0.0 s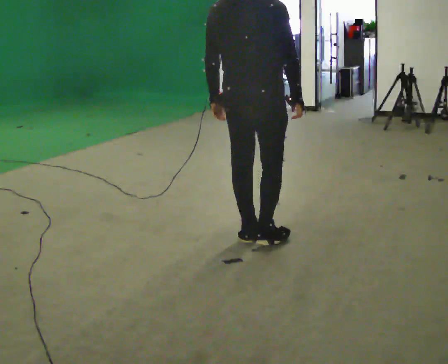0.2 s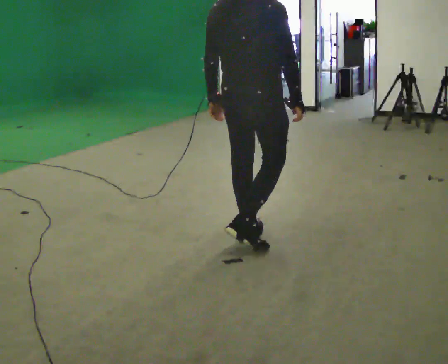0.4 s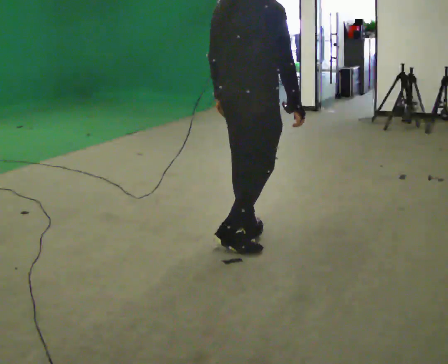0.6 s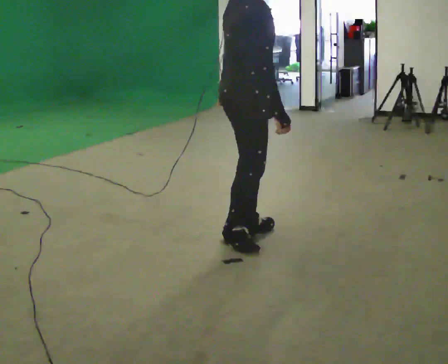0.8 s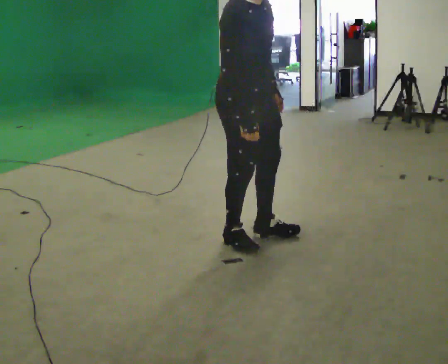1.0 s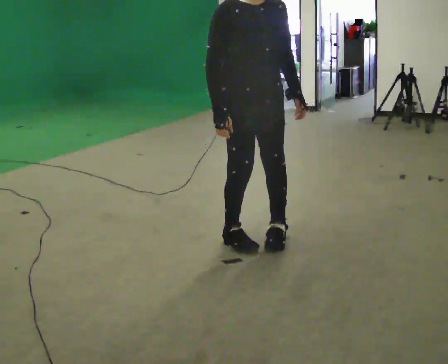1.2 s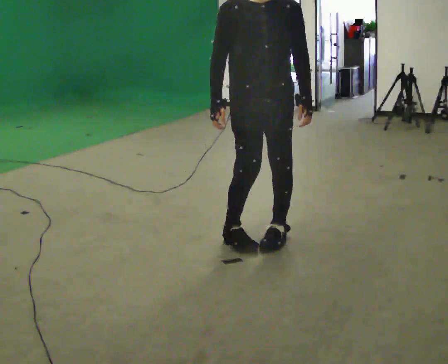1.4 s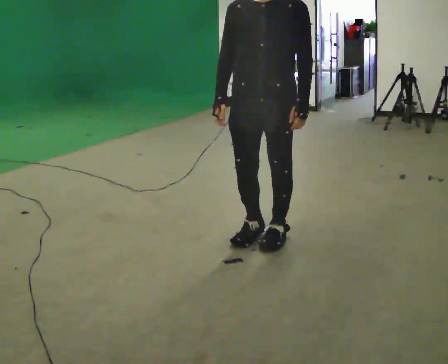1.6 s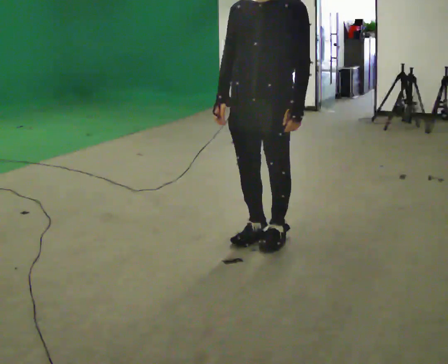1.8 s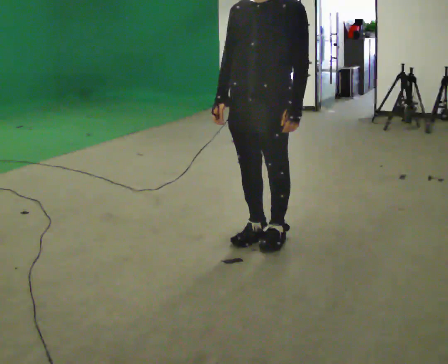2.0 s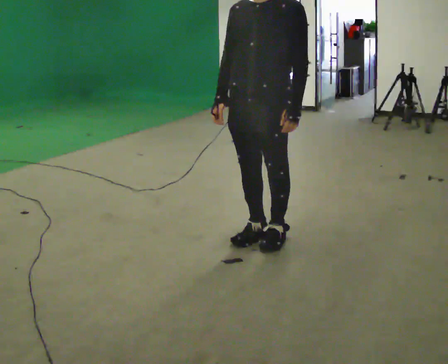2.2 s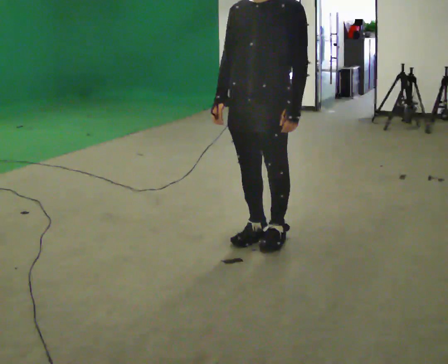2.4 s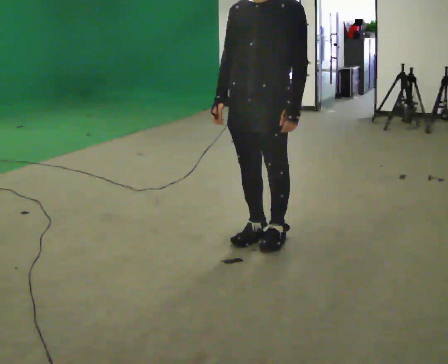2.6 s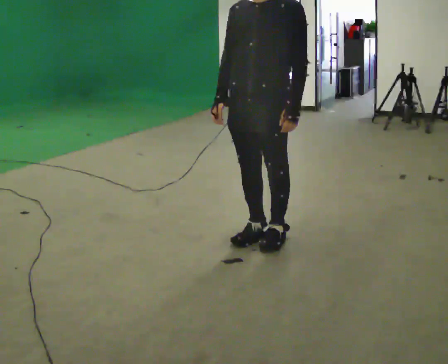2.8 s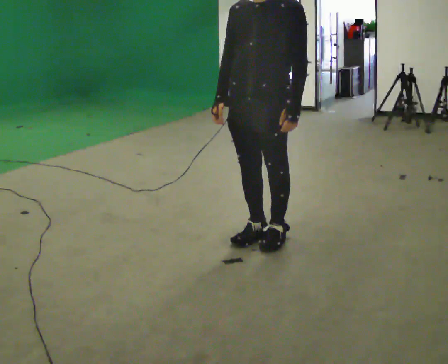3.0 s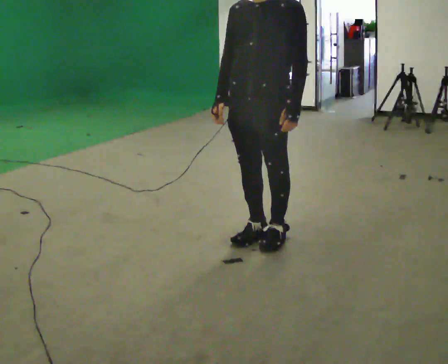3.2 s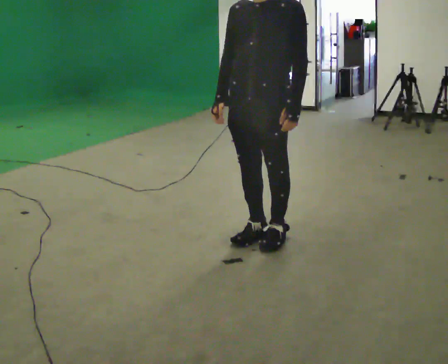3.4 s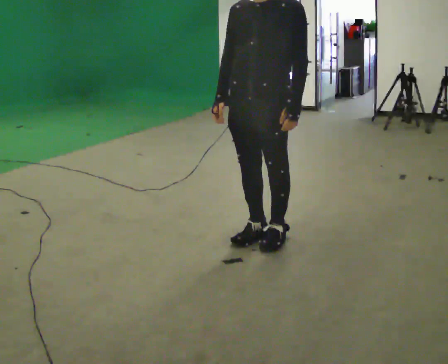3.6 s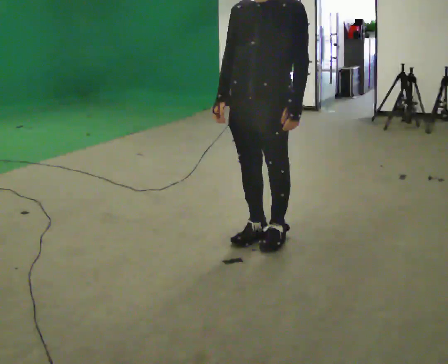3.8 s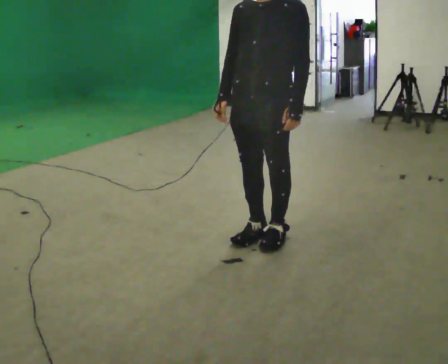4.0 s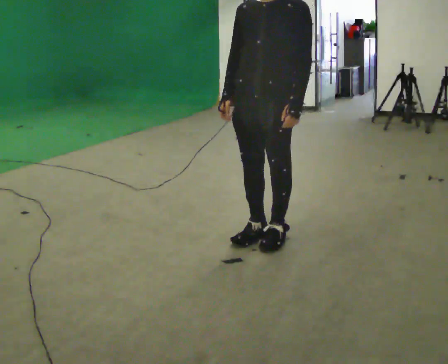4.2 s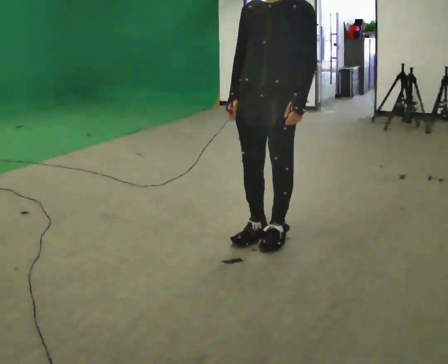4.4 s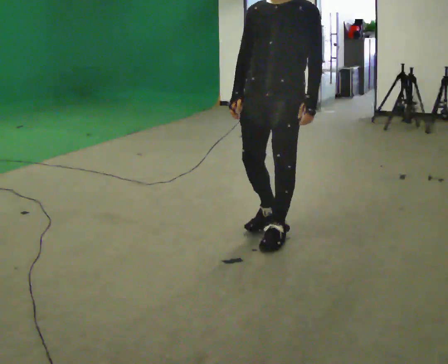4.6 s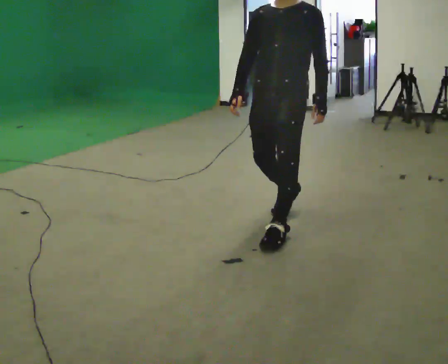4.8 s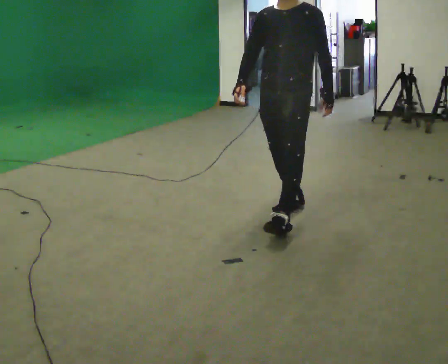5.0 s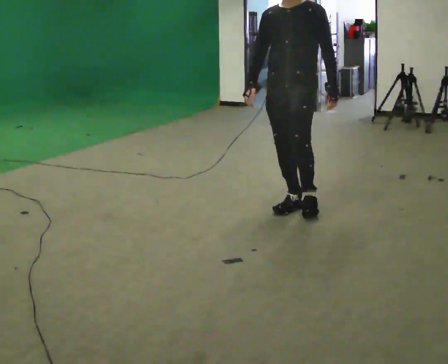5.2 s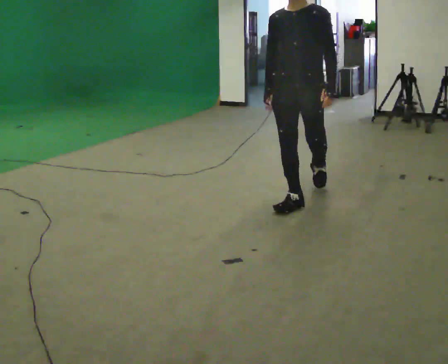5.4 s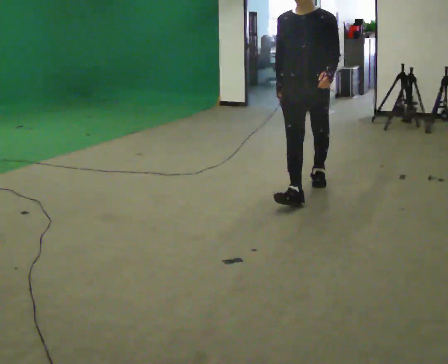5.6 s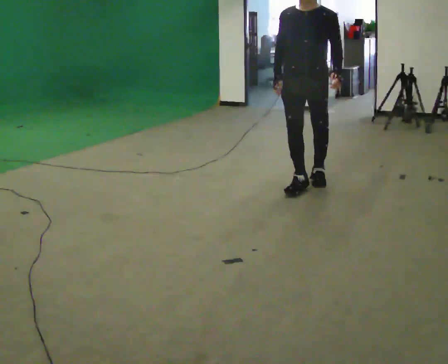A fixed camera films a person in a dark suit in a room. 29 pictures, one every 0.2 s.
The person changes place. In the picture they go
away from the camera.
The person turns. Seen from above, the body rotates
clockwise.
0.0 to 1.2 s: Seen from above the body turns clockwise, about 150 degrees: to their right, with its near side sliding to the left. In the picture their right hand goes to the left, the arm swinging clockwise.
1.2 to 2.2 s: The person turns about 45 degrees to their right, clockwise seen from above, so the part of the body nearest the lens slides to the left.
2.2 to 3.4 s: The person keeps their place and pose.
3.4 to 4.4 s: In the picture they go away from the camera, about 0.25 m in 1 step, which for them is backward.
4.4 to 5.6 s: In the picture they go away from the camera, about 1 m in 2 steps, which for them is backward.
The film runs backward here.
